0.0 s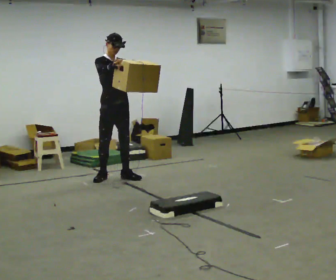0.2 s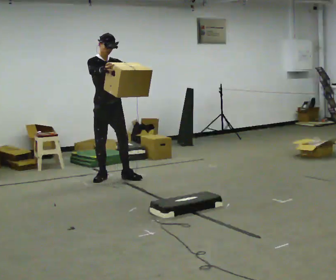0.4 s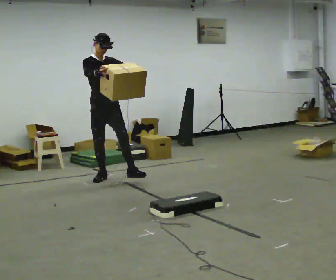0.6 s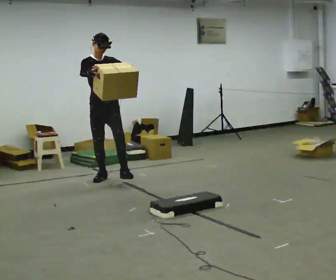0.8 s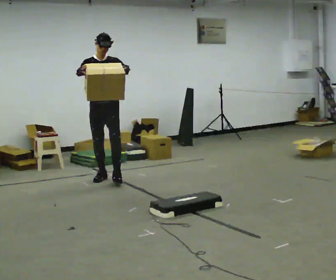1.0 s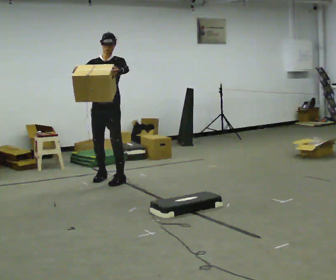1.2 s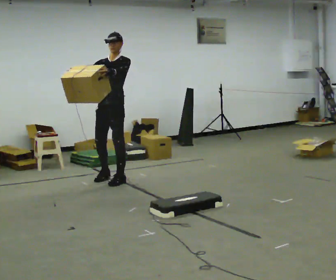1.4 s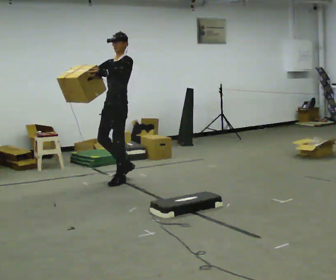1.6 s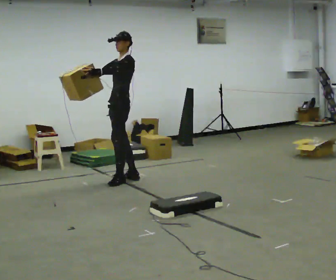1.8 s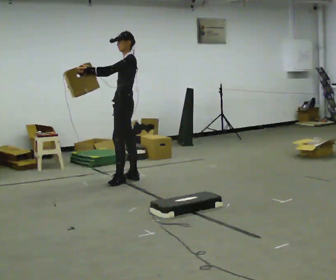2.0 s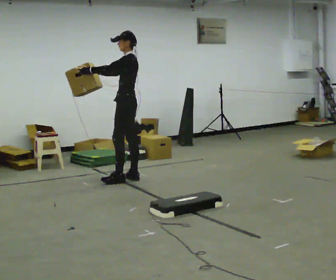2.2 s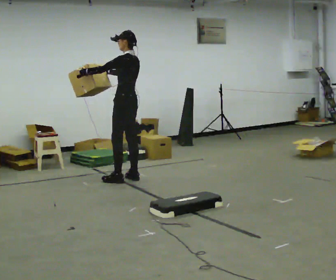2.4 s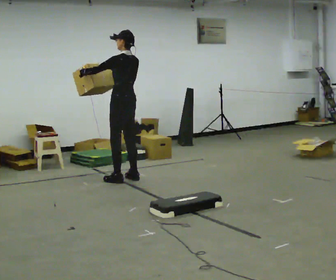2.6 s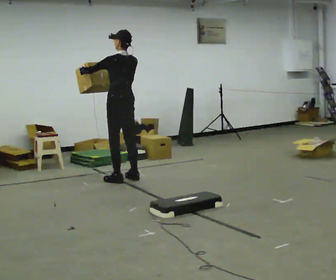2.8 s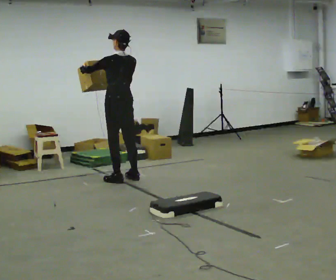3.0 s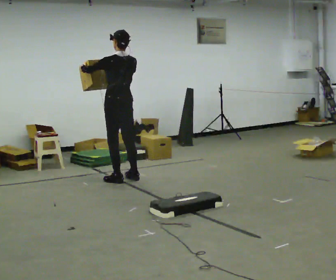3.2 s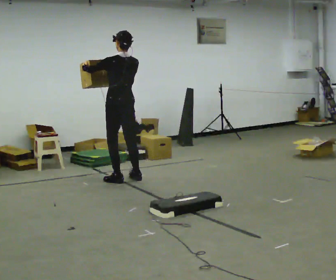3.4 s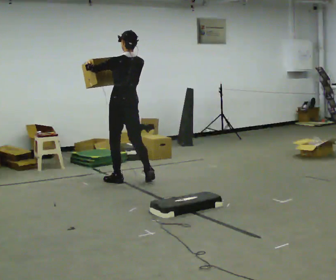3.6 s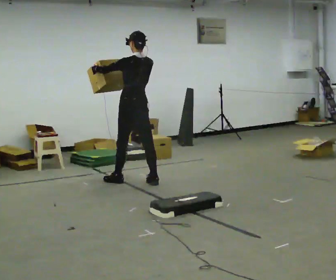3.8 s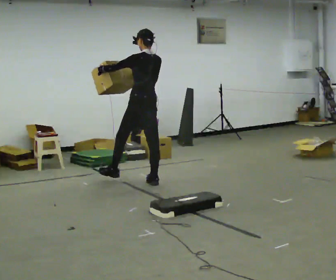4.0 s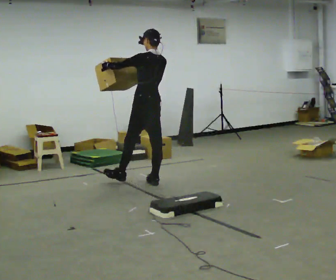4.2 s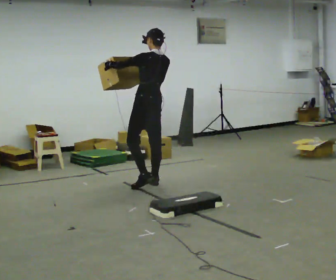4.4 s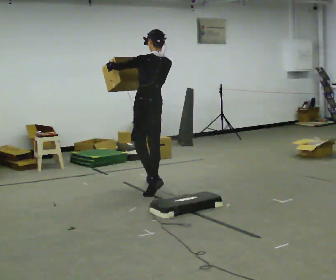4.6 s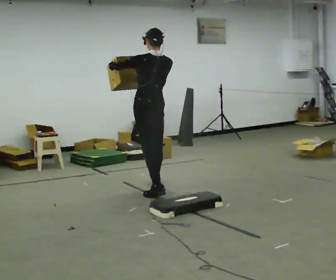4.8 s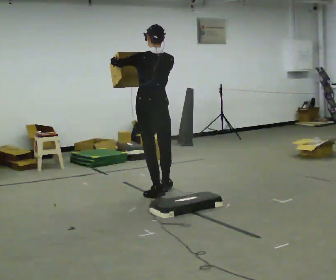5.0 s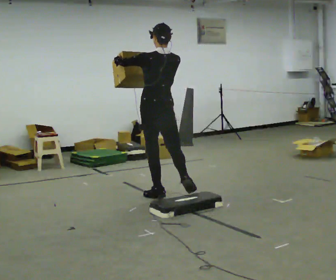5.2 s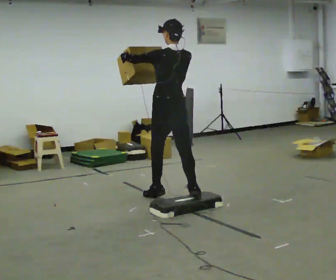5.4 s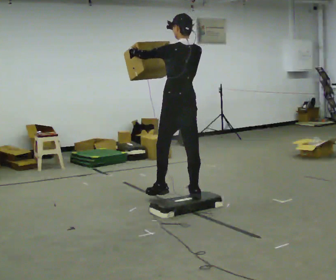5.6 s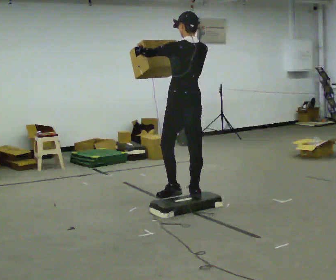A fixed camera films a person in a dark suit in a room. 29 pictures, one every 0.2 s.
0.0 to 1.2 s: The part of the body nearest the lens slides to the left as the person turns to their right by about 60 degrees. In the picture their right hand goes to the left.
1.2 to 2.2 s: Seen from above the body turns clockwise, about 90 degrees: to their right, with its near side sliding to the left. In the picture they go to the right, about 0.25 m. In the picture their right hand goes to the right.
2.2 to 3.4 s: The person turns about 30 degrees to their right, clockwise seen from above, so the part of the body nearest the lens slides to the left. In the picture they go toward the camera, about 0.25 m in 1 step.
3.4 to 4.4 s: In the picture they go toward the camera and to the right, about 0.5 m in 1 step, which for them is backward.
4.4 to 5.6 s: In the picture they go toward the camera, about 1 m in 2 steps, which for them is backward.
The film runs backward here.
